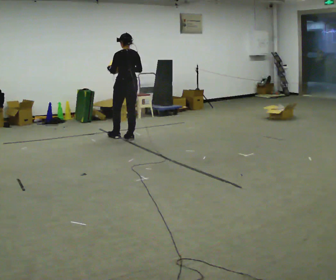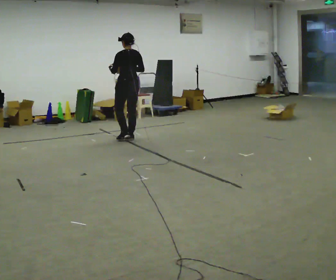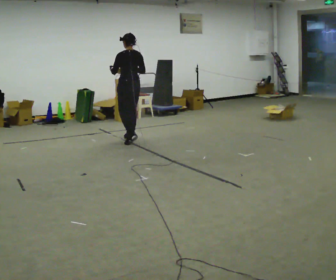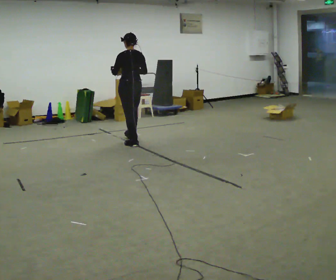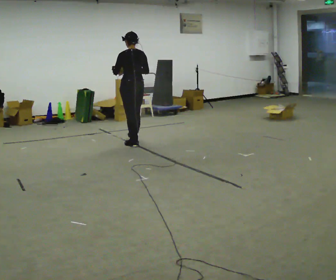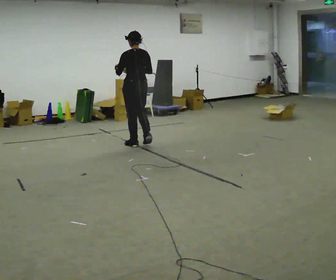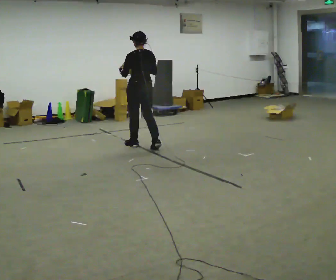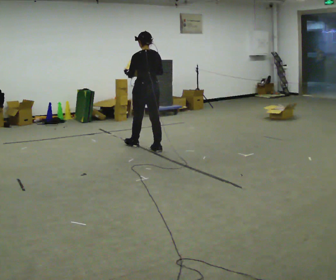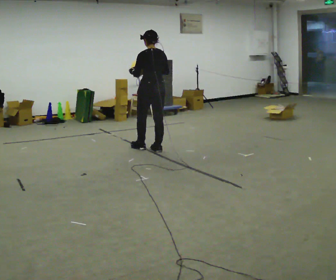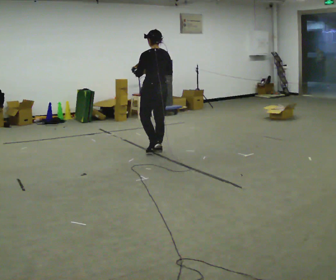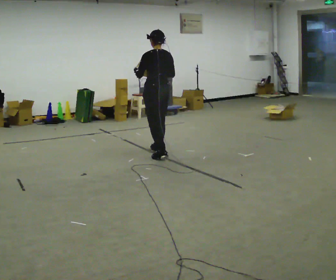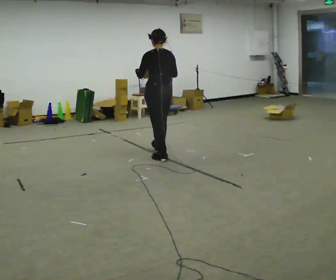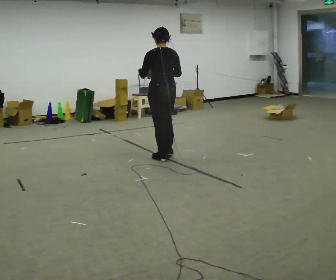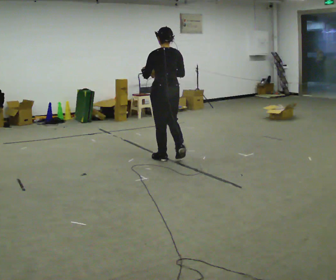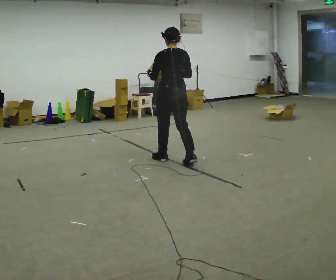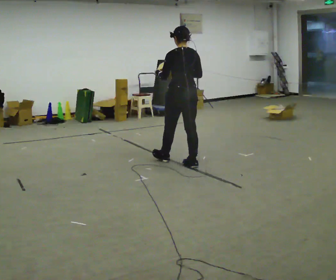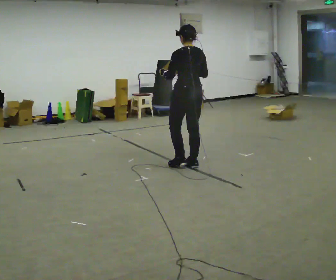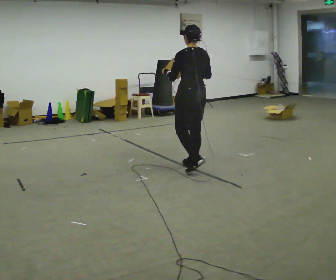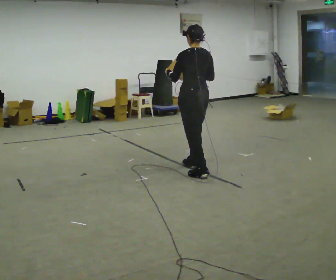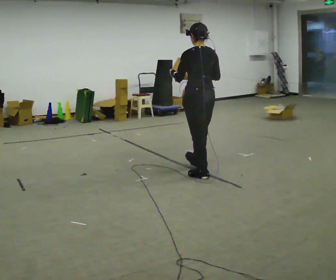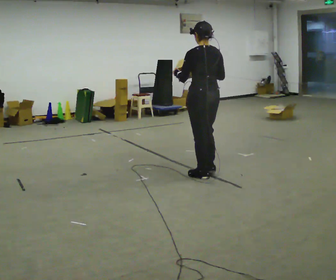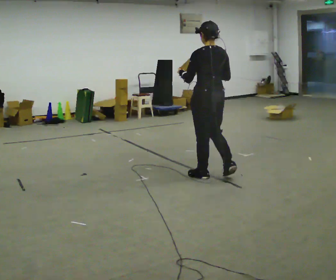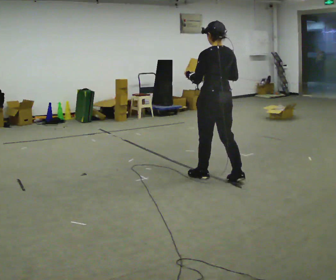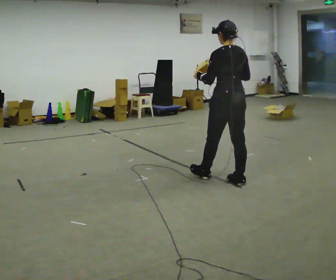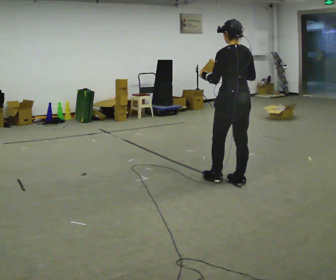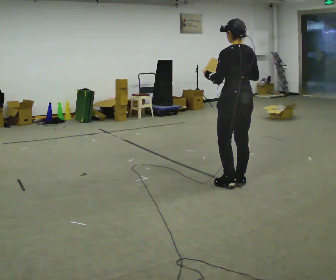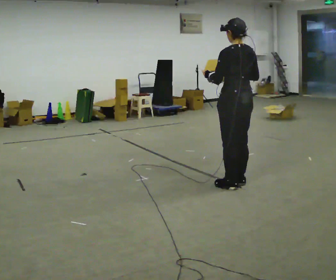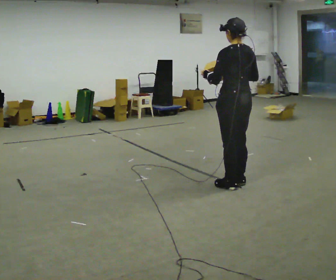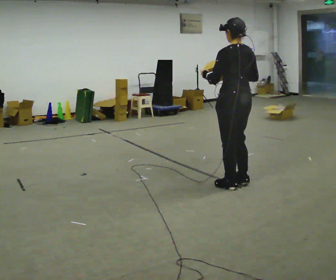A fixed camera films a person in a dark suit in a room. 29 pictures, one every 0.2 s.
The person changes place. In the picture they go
toward the camera.
0.0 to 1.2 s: In the picture they go toward the camera and to the right, about 0.5 m in 1 step, which for them is backward.
1.2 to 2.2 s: In the picture they go toward the camera and to the right, about 0.5 m in 1 step, which for them is backward.
2.2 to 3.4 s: In the picture they go toward the camera and to the right, about 0.75 m in 2 steps, which for them is backward.
3.4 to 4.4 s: In the picture they go toward the camera and to the right, about 0.5 m in 1 step, which for them is backward.
4.4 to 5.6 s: In the picture they go toward the camera and to the right, about 0.25 m in 1 step, which for them is backward.
The film runs backward here.
